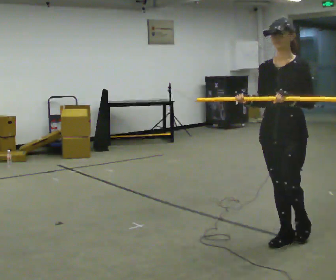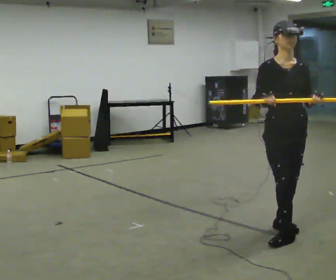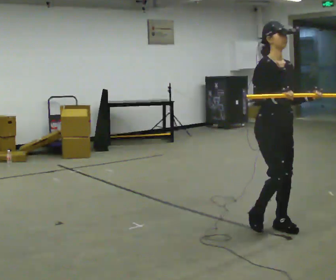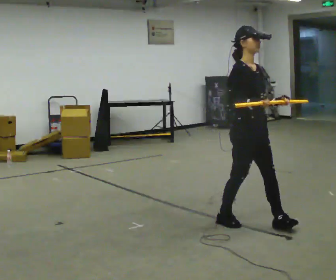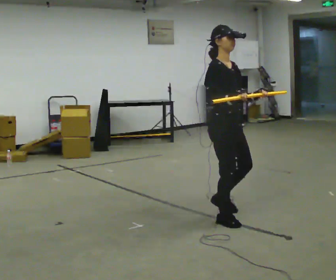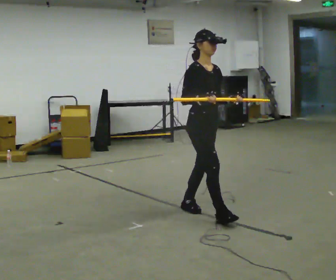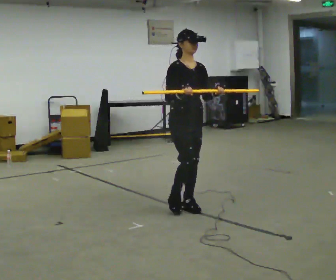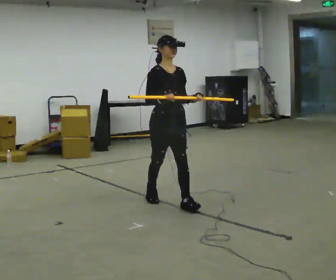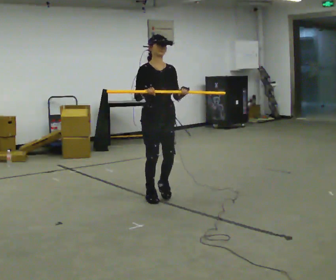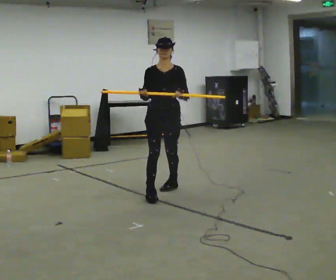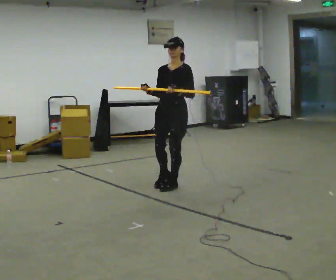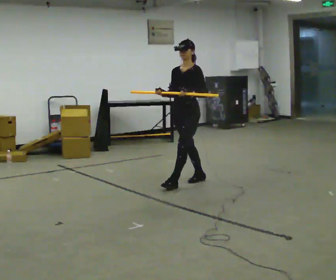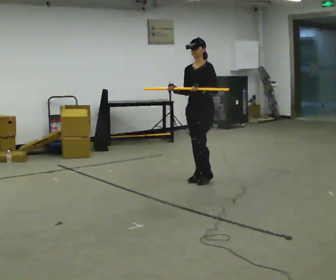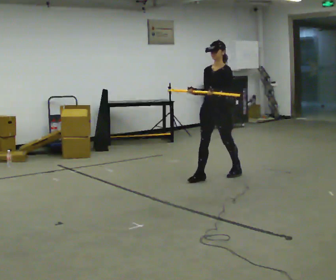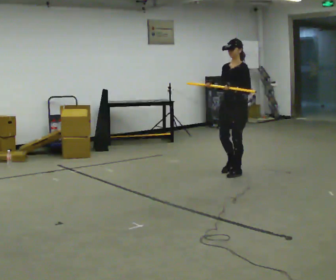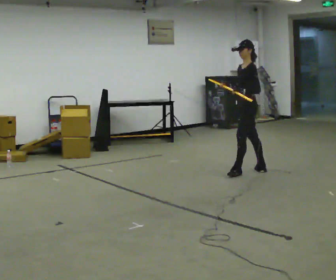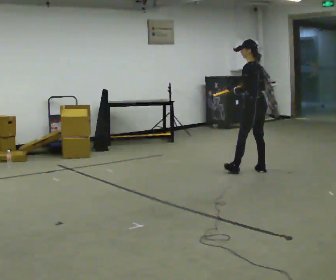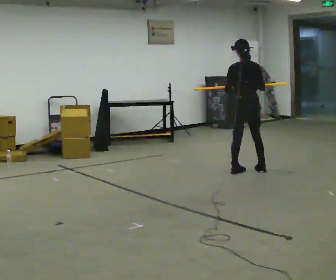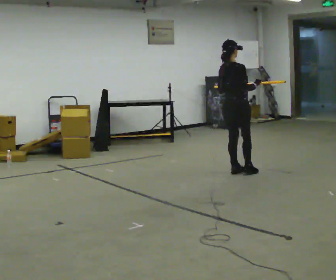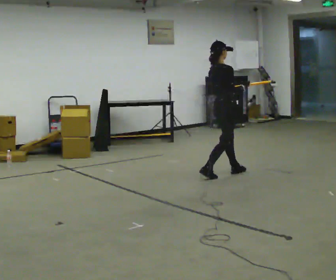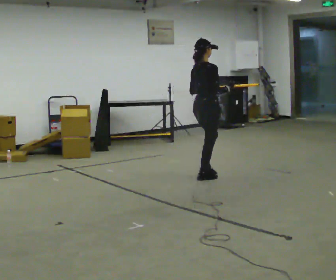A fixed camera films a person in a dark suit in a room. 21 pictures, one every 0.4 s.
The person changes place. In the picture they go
away from the camera.
0.0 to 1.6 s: Seen from above the body turns counterclockwise, about 105 degrees: to their left, with its near side sliding to the right. In the picture they go away from the camera and to the left, about 0.75 m in 2 steps.
1.6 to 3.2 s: The person turns about 30 degrees to their right, clockwise seen from above, so the part of the body nearest the lens slides to the left. In the picture they go away from the camera and to the left, about 1 m in 2 steps, which for them is backward.
3.2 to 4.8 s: Seen from above the body turns clockwise, about 75 degrees: to their right, with its near side sliding to the left. In the picture they go away from the camera and to the right, about 1 m in 2 steps.
4.8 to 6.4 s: The part of the body nearest the lens slides to the left as the person turns to their right by about 75 degrees. In the picture they go to the right, about 0.5 m in 1 step.
6.4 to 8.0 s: The person turns about 105 degrees to their right, clockwise seen from above, so the part of the body nearest the lens slides to the left. In the picture they go to the left, about 0.5 m in 2 steps.
The film runs backward here.
